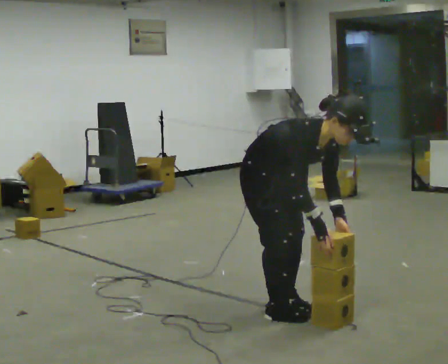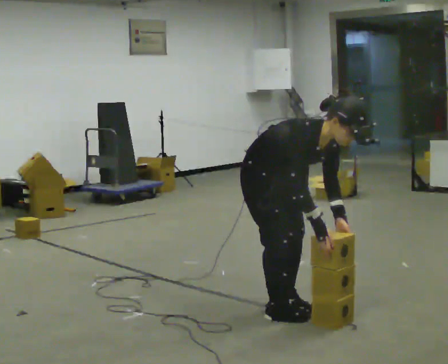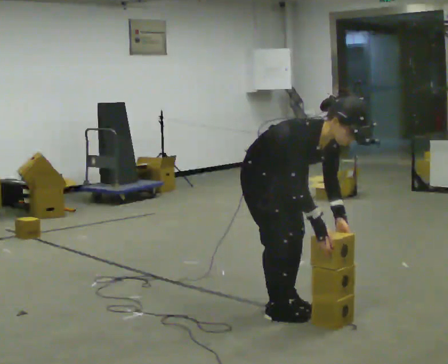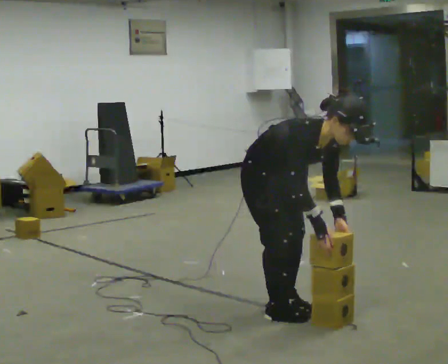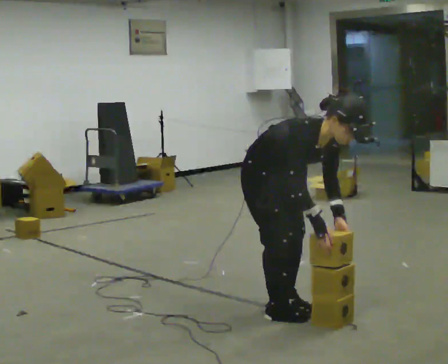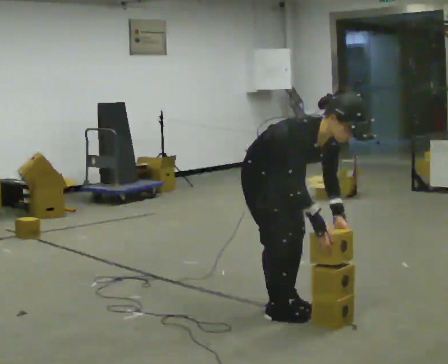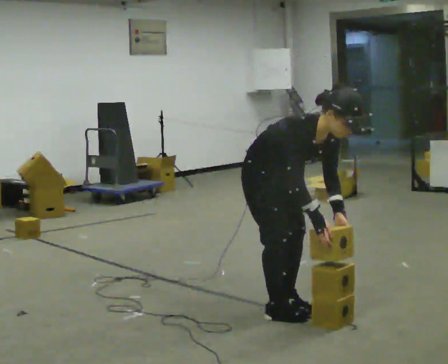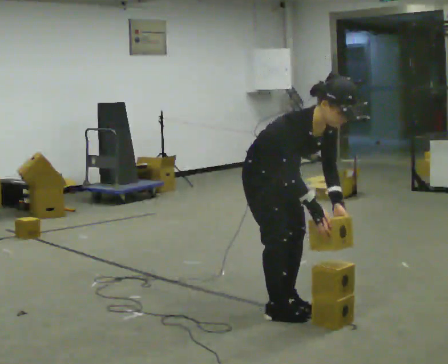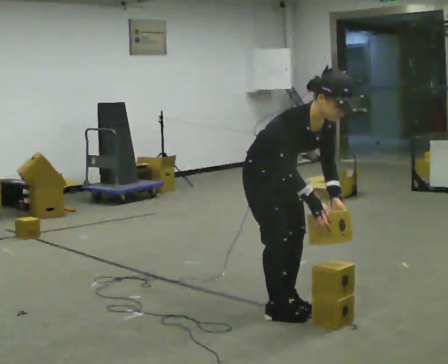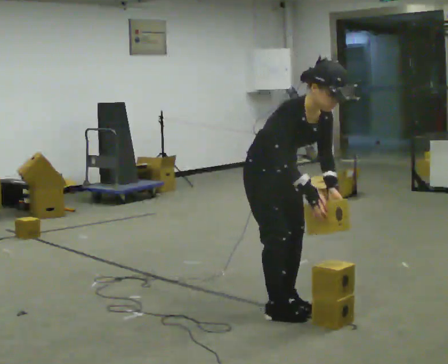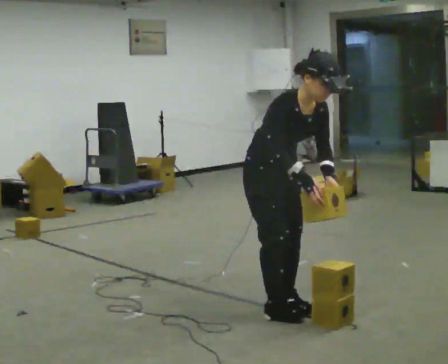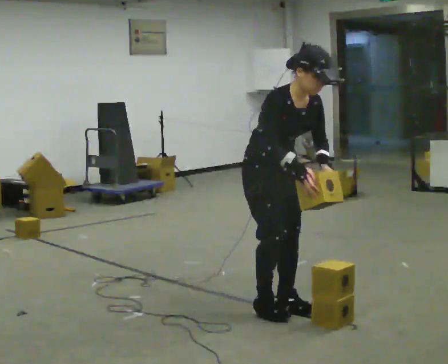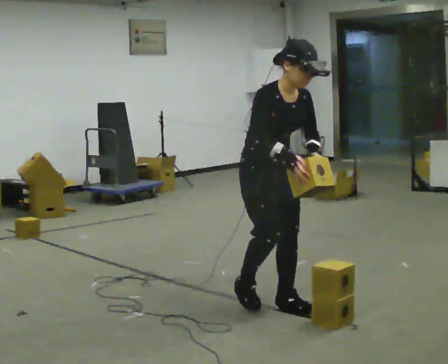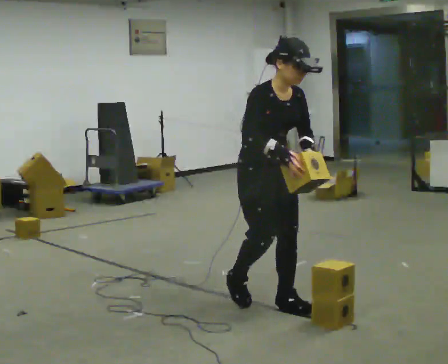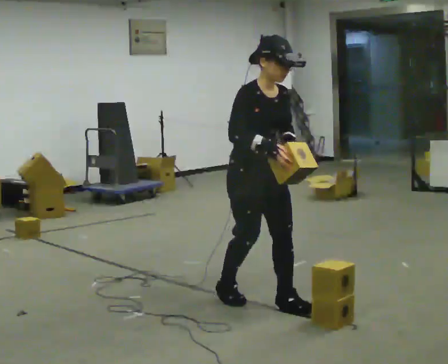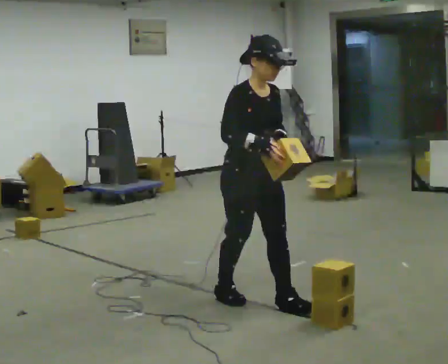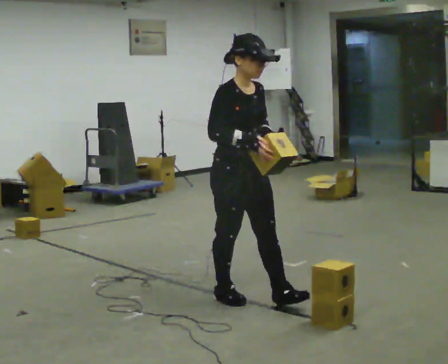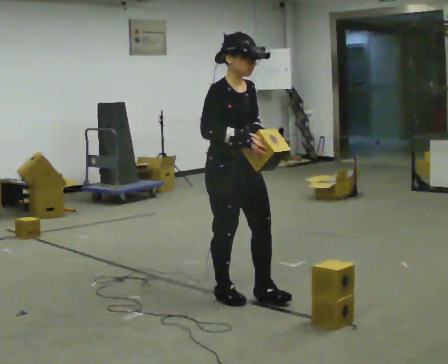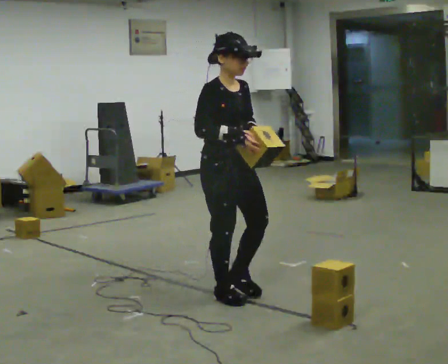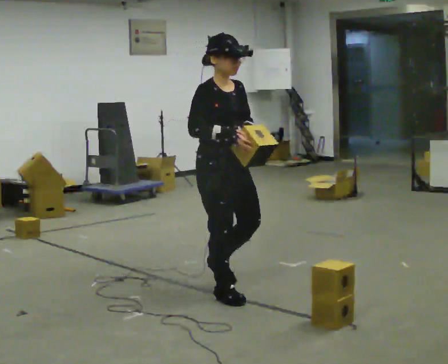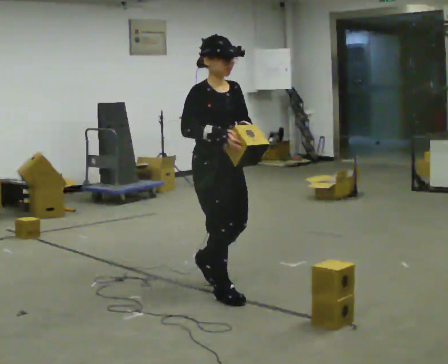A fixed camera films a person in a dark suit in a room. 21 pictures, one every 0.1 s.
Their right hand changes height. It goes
upward.
Their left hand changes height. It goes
upward.
0.0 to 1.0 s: In the picture the upper body tilts counterclockwise, shoulders to the left, as they lean back or straighten.
1.0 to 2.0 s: In the picture they go to the left and away from the camera, about 0.5 m in 2 steps, which for them is backward. In the picture the upper body tilts counterclockwise, shoulders to the left, as they lean back or straighten.
The film runs backward here.
